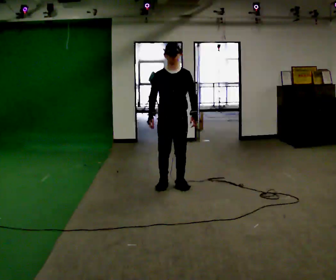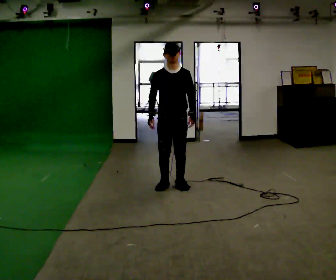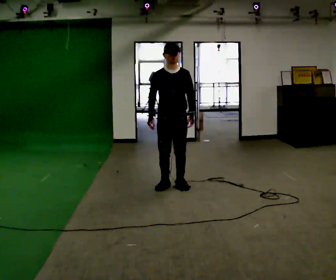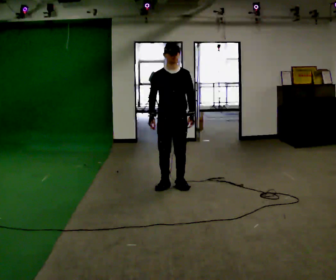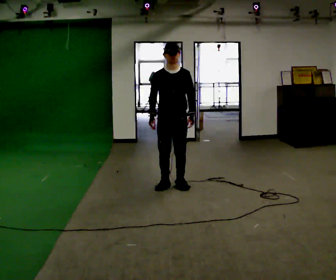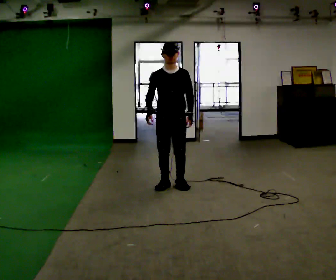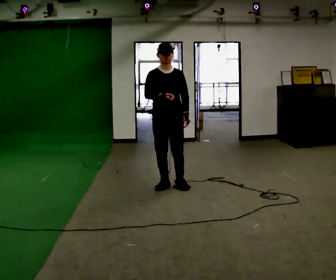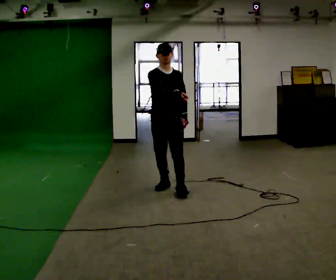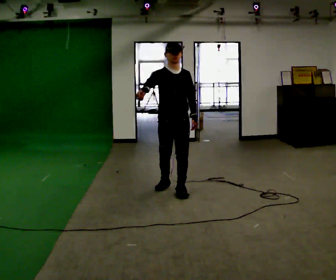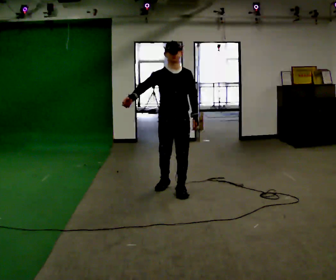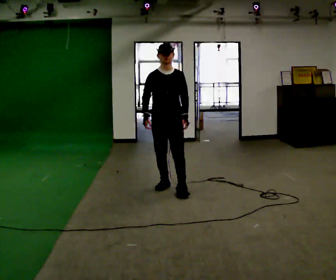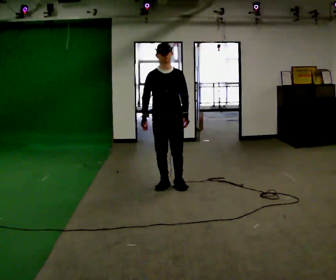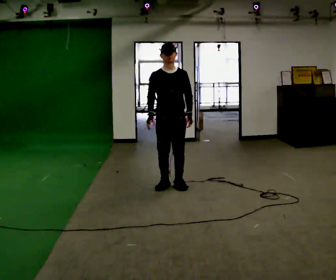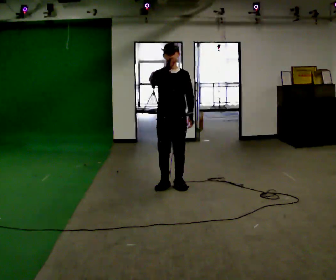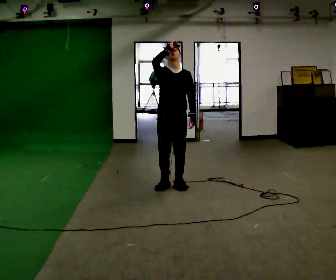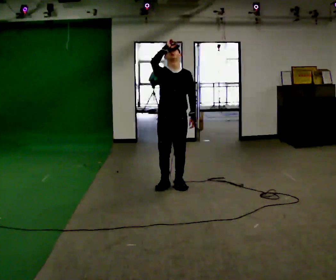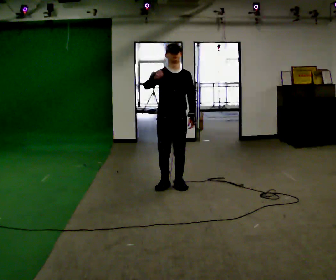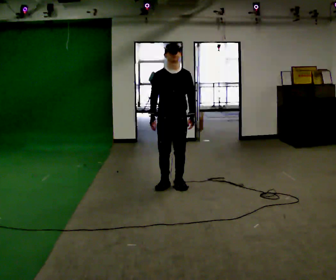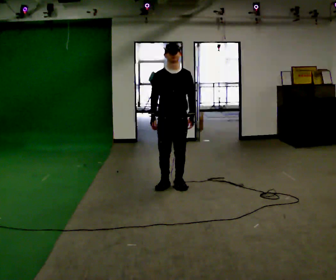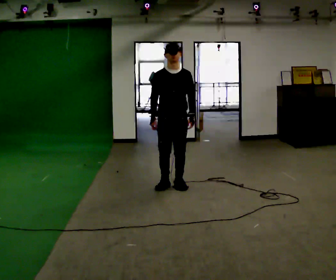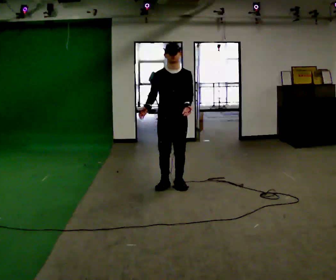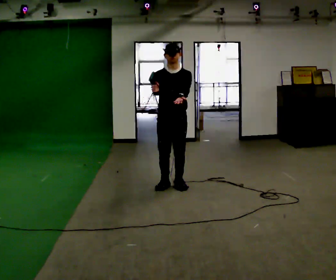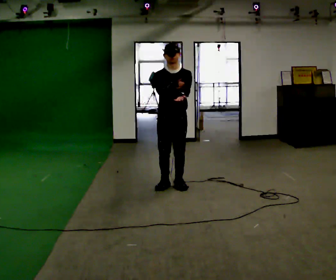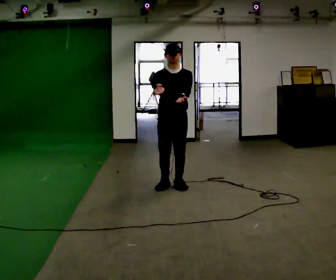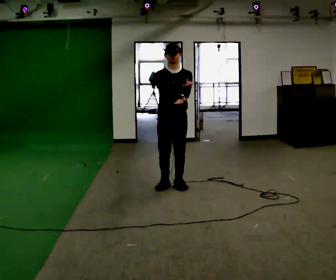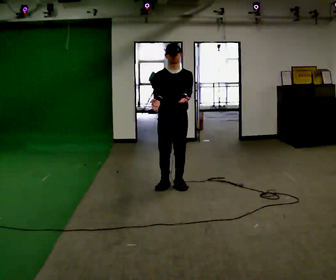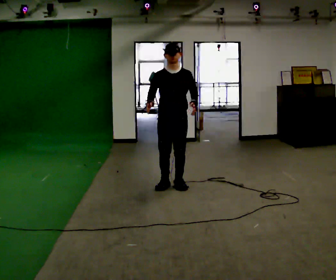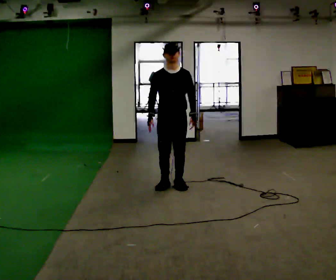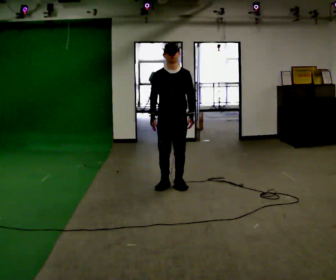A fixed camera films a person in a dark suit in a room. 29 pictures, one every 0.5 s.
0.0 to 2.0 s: The person moves a little, or ends about where they began.
2.0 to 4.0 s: In the picture they go toward the camera, about 0.25 m in 1 step, which for them is forward. In the picture their right hand goes upward.
4.0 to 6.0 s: In the picture they go away from the camera, about 0.25 m in 1 step, which for them is backward.
6.0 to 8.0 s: In the picture their right hand goes upward.
8.0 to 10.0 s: In the picture their right hand goes downward.
10.0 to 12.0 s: In the picture their right hand goes to the right.
12.0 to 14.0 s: In the picture their right hand goes downward and to the left.
The film runs forward here.
